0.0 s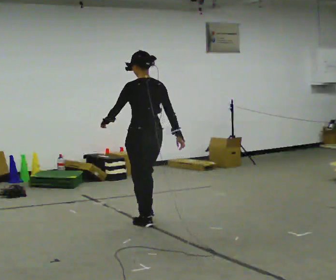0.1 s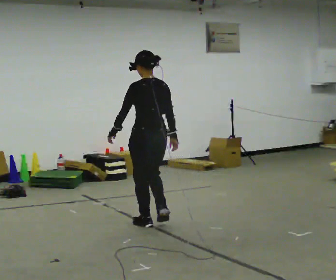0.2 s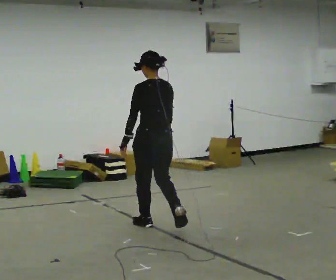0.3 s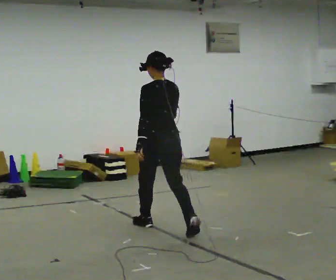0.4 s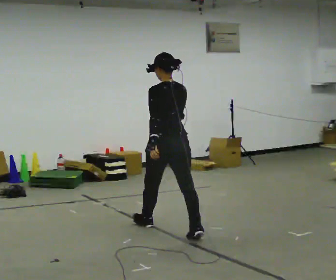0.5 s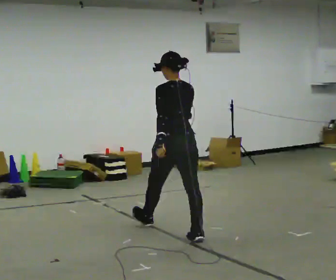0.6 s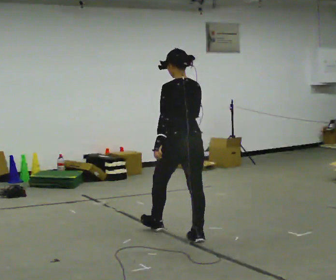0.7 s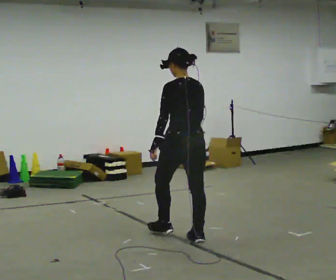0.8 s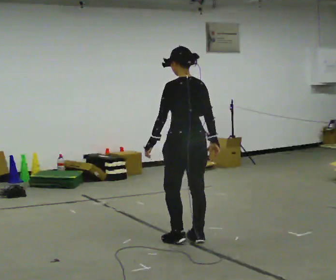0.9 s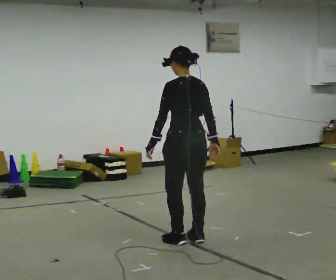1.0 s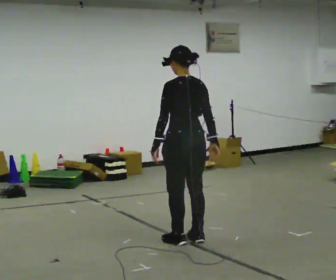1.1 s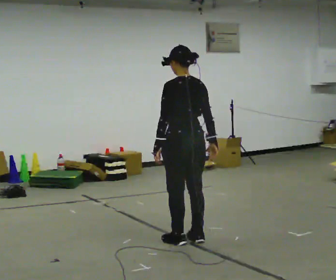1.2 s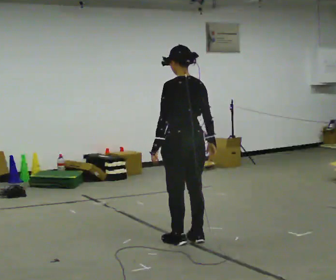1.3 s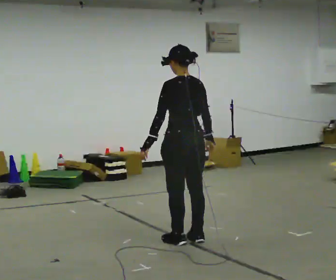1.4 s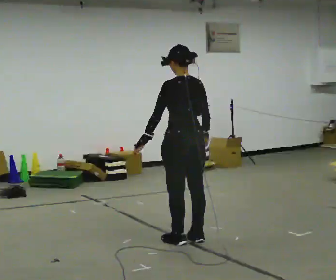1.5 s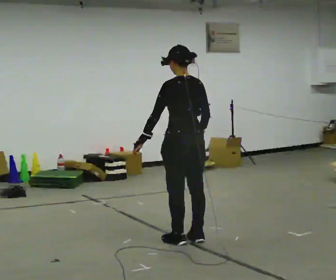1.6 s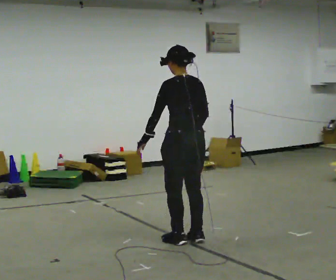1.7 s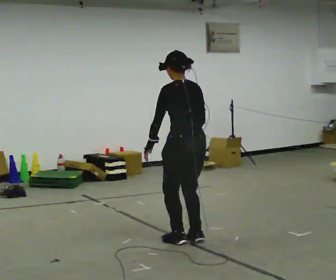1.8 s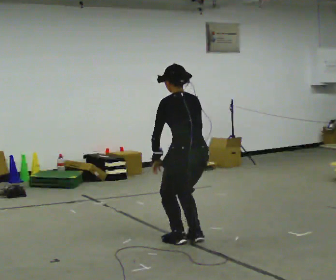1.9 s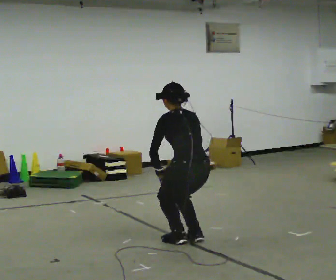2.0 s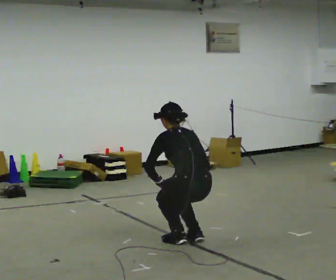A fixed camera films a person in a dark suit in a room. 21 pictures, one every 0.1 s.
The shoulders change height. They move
downward.
The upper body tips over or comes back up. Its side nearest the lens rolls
upward.
0.0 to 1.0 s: In the picture they go toward the camera and to the right, about 0.75 m in 1 step, which for them is backward.
1.0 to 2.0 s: The shoulders move downward. The upper body tips away from the camera, its near side rolling upward, as they bend forward. In the picture their right hand goes downward.
The film runs backward here.
